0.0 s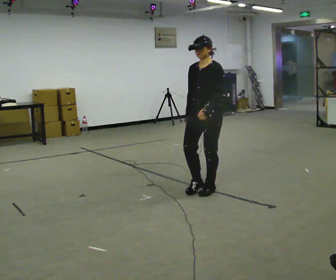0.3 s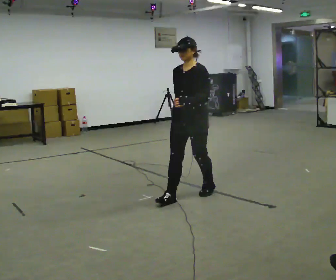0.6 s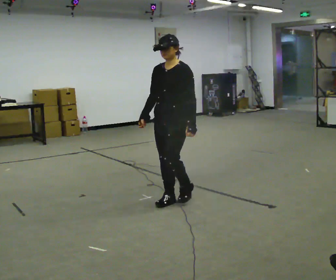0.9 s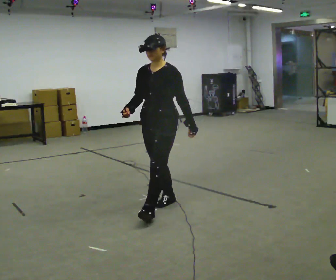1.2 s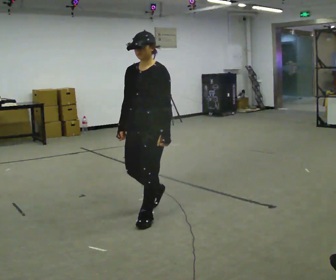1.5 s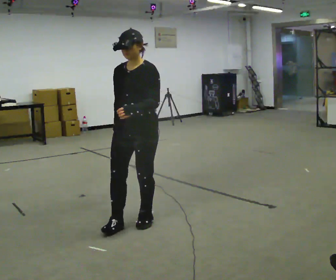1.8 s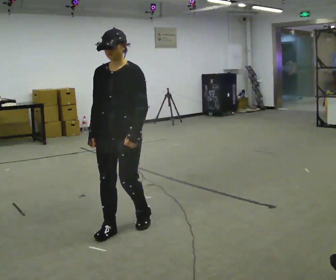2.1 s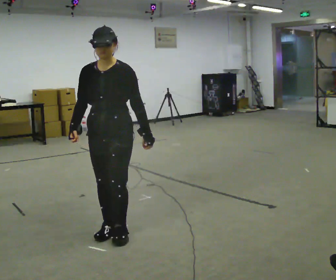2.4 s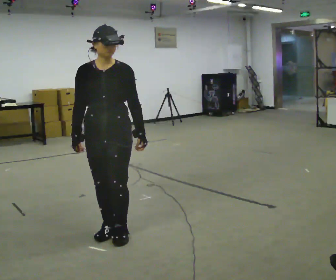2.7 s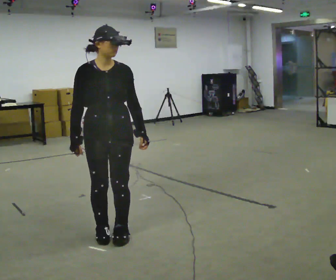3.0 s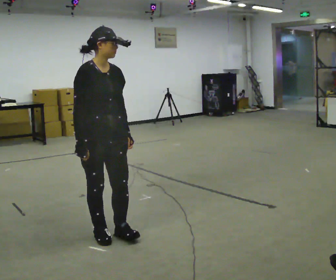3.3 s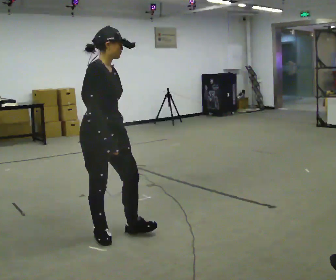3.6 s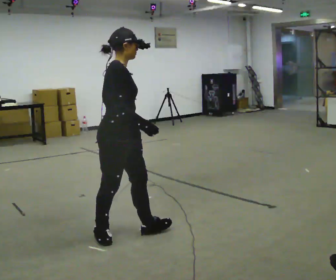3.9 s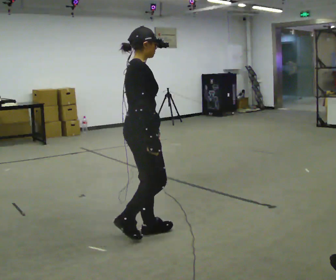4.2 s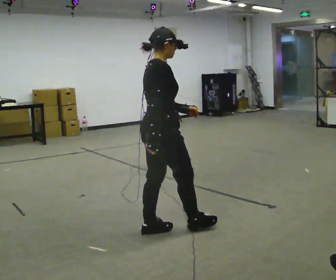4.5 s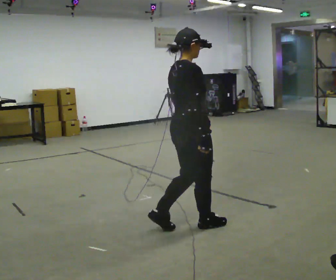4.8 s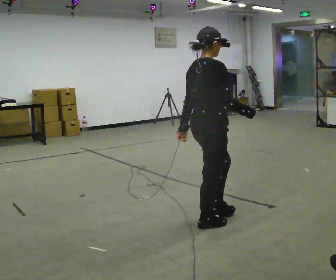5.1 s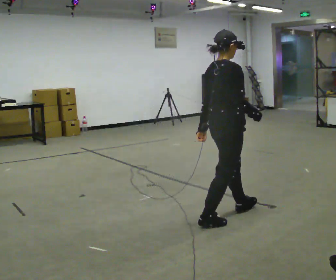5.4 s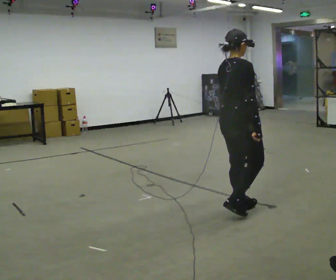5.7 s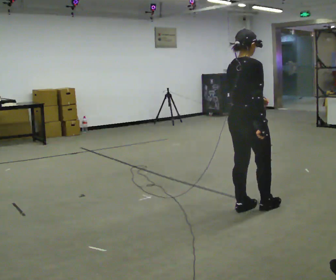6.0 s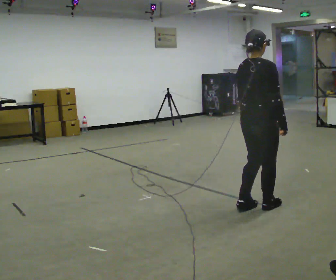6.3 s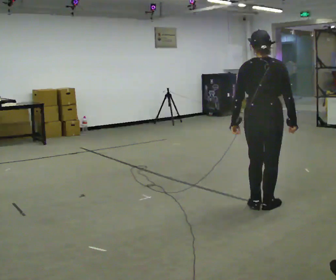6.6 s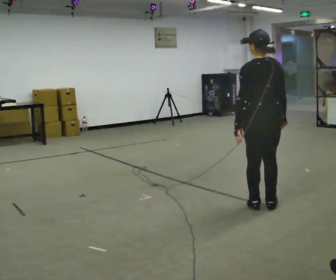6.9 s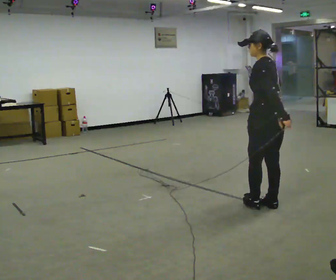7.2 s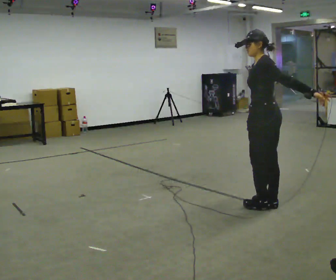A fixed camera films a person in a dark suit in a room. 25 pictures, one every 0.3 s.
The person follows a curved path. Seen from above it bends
counterclockwise.
The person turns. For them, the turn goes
to their left.
0.0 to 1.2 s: In the picture they go to the left and toward the camera, about 1 m in 2 steps, which for them is forward.
1.2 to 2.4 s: Seen from above the body turns counterclockwise, about 30 degrees: to their left, with its near side sliding to the right. In the picture they go toward the camera and to the left, about 0.5 m in 2 steps, which for them is forward.
2.4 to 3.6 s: Seen from above the body turns counterclockwise, about 75 degrees: to their left, with its near side sliding to the right. In the picture their right hand goes to the right, the arm swinging counterclockwise.
3.6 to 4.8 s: The person turns about 30 degrees to their left, counterclockwise seen from above, so the part of the body nearest the lens slides to the right. In the picture they go to the right, about 0.75 m in 1 step, which for them is forward.
4.8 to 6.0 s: In the picture they go to the right and away from the camera, about 0.5 m in 2 steps, which for them is forward.
6.0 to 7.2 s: The part of the body nearest the lens slides to the right as the person turns to their left by about 120 degrees. In the picture their left hand goes to the right.
The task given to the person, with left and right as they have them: Walk through 3–5 turns in sequence; keep moving; stop at end.
The film runs forward here.
